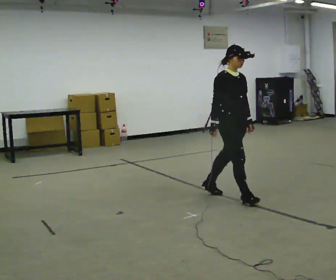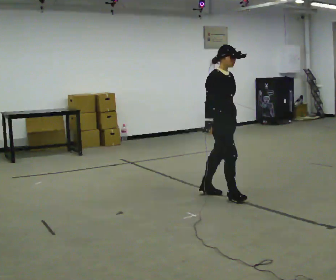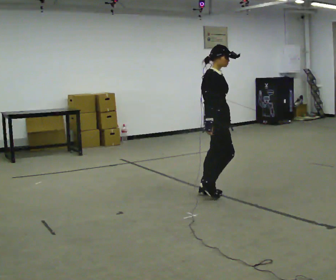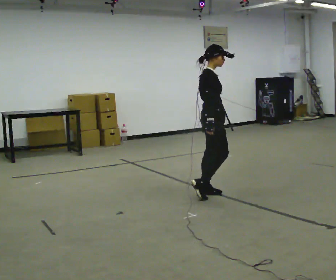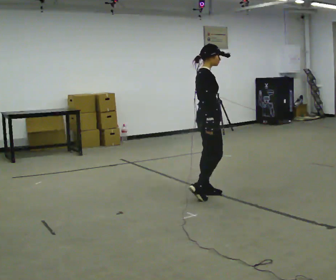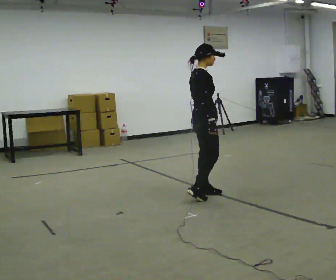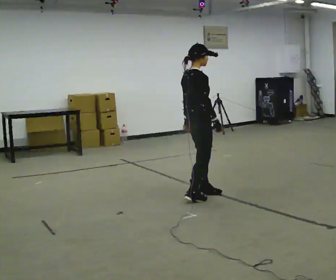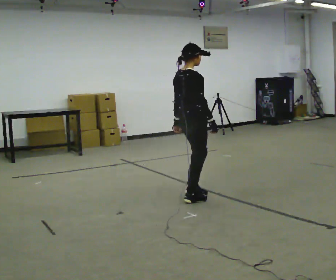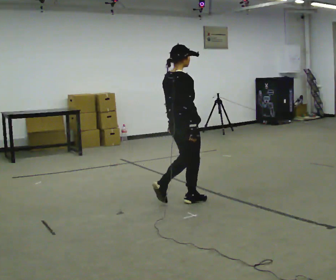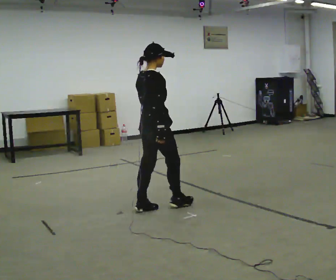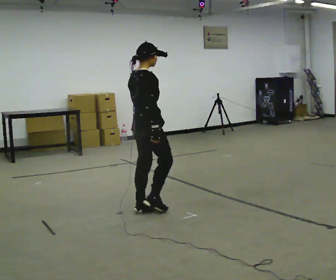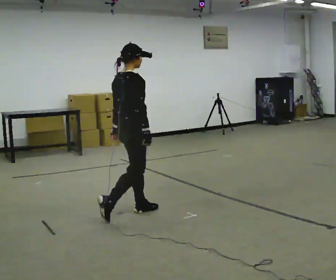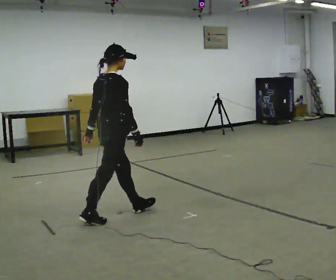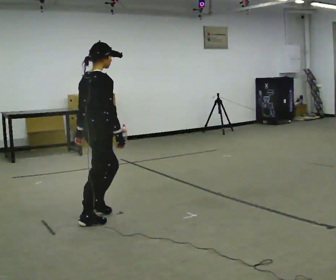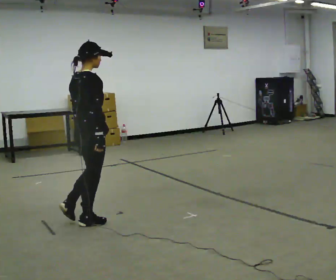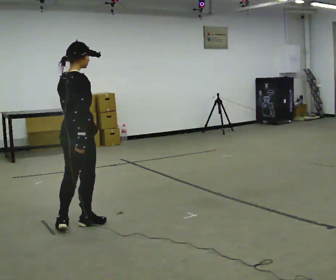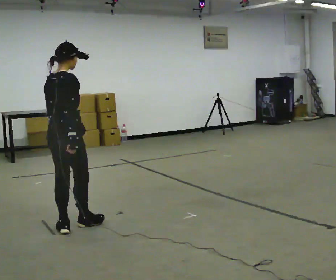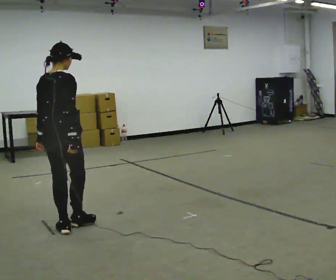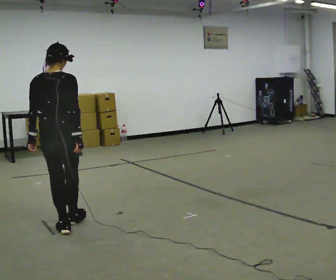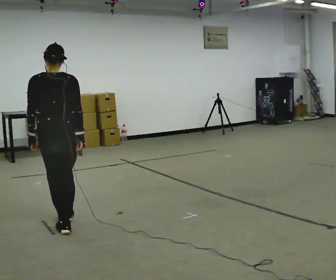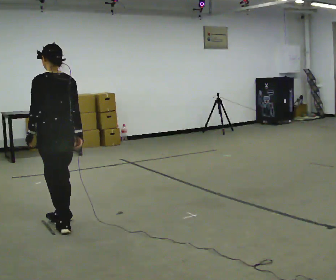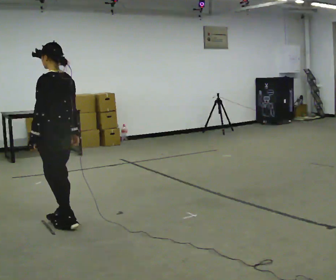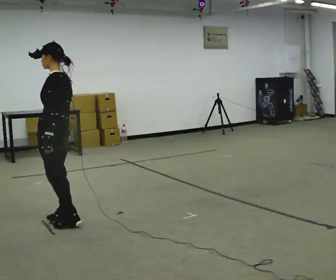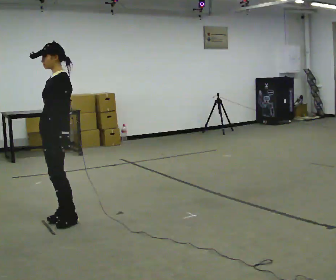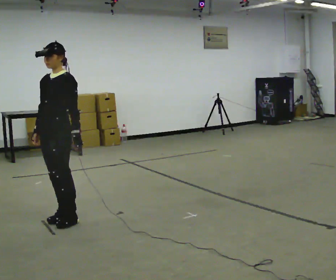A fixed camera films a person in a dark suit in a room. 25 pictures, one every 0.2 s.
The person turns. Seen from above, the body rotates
counterclockwise.
The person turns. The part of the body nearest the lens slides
to the right.
0.0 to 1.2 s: The part of the body nearest the lens slides to the right as the person turns to their left by about 60 degrees. In the picture they go to the left, about 0.25 m in 1 step, which for them is backward.
1.2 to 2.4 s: In the picture they go to the left and toward the camera, about 1 m in 3 steps, which for them is backward.
2.4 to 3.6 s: The person turns about 45 degrees to their left, counterclockwise seen from above, so the part of the body nearest the lens slides to the right. In the picture they go to the left and toward the camera, about 0.5 m in 1 step, which for them is backward.
3.6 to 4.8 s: The person turns about 150 degrees to their left, counterclockwise seen from above, so the part of the body nearest the lens slides to the right. In the picture they go away from the camera, about 0.25 m in 1 step. In the picture their right hand goes to the left, the arm swinging clockwise.
The film runs backward here.
